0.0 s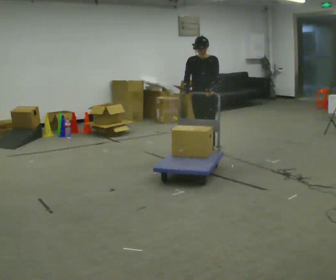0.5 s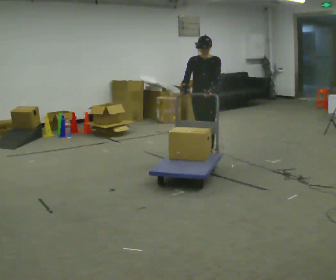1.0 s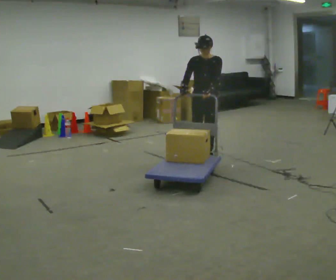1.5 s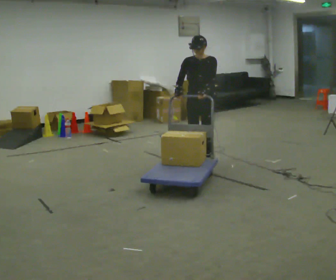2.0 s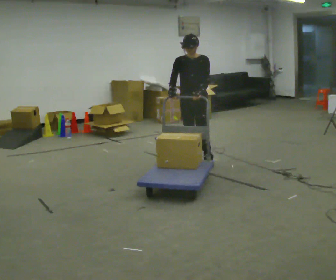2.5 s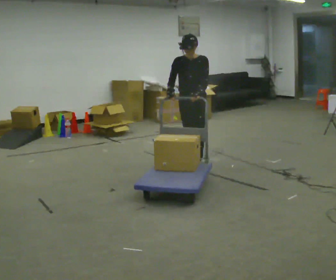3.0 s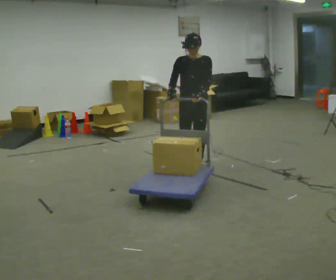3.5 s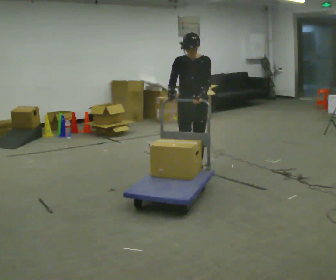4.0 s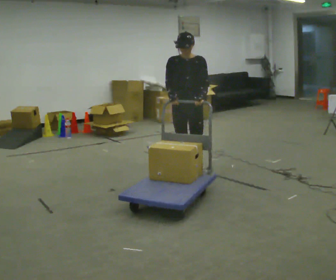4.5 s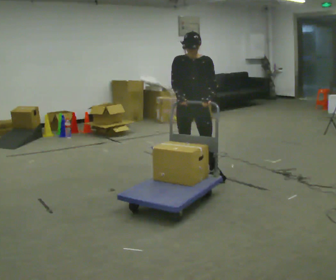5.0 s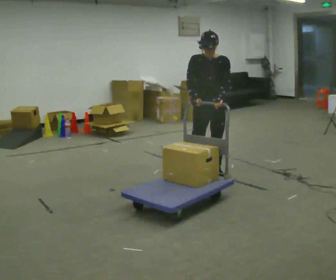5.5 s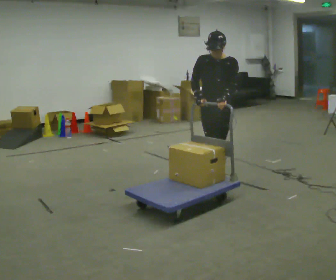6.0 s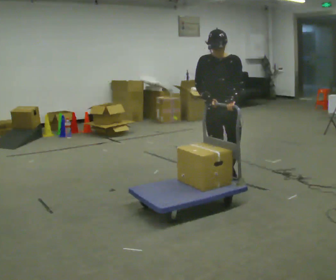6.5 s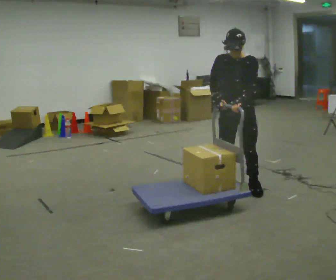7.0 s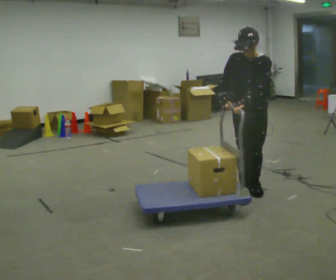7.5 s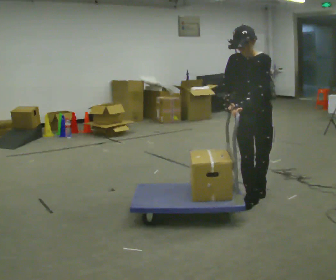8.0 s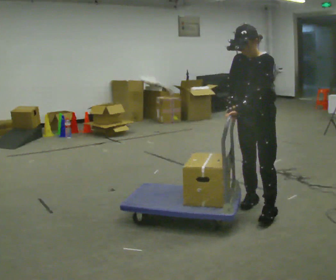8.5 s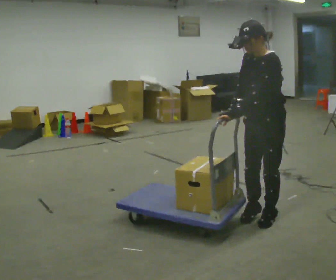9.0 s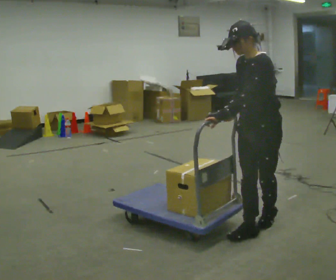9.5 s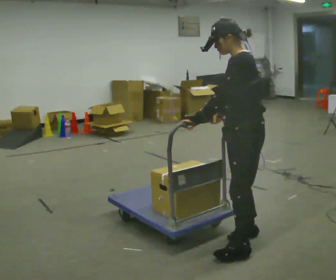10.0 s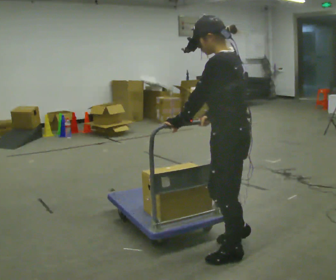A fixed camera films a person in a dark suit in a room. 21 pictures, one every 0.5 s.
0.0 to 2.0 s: In the picture they go toward the camera, about 0.5 m in 2 steps, which for them is forward.
2.0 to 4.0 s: In the picture they go toward the camera, about 0.5 m in 2 steps, which for them is forward.
4.0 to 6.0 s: In the picture they go to the right and toward the camera, about 0.5 m in 2 steps, which for them is to their left and forward.
6.0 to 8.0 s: The part of the body nearest the lens slides to the left as the person turns to their right by about 45 degrees. In the picture they go toward the camera and to the right, about 0.75 m in 3 steps, which for them is forward and to their left.
8.0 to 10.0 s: The person turns about 60 degrees to their right, clockwise seen from above, so the part of the body nearest the lens slides to the left. In the picture they go toward the camera, about 1 m in 2 steps, which for them is forward and to their left.
The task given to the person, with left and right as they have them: Push the loaded cart from one corner of the room to the other, turn it round, and push it back. Keep going until the operator says stop.
The film runs forward here.
